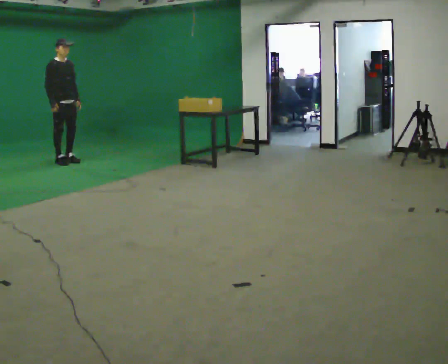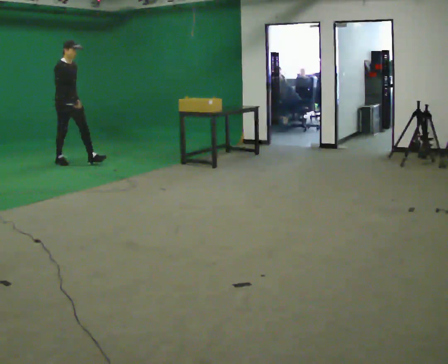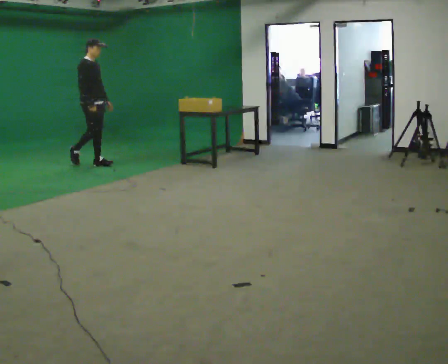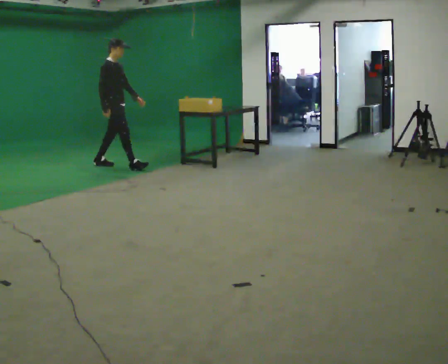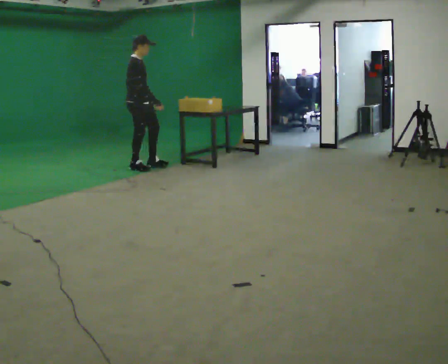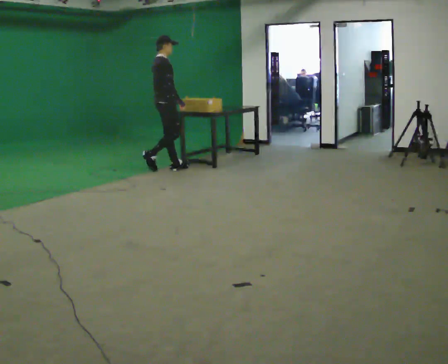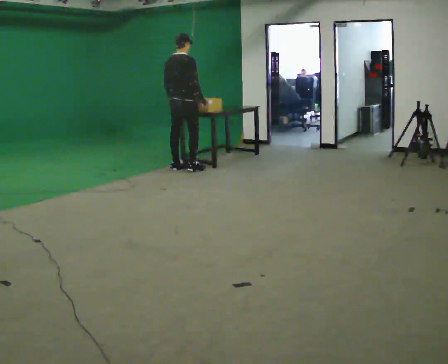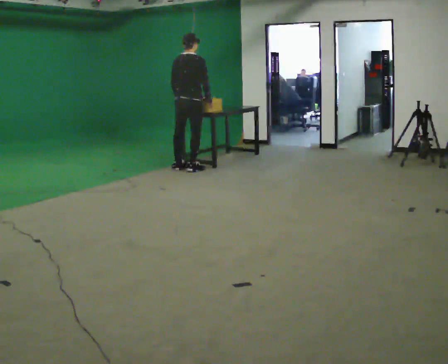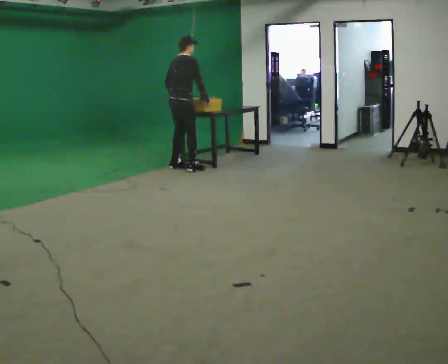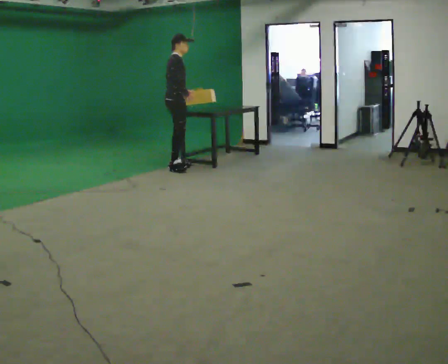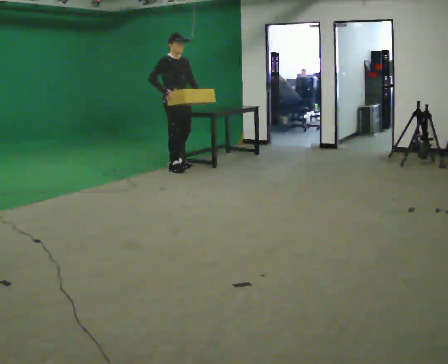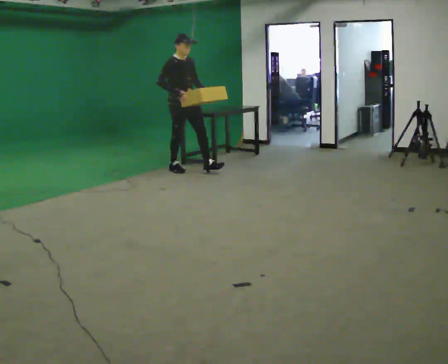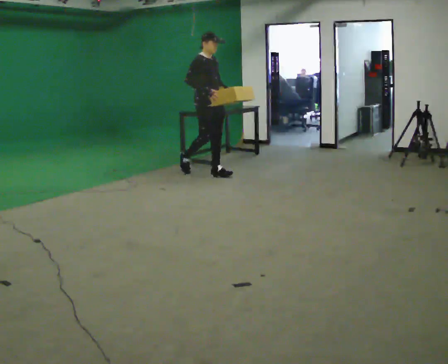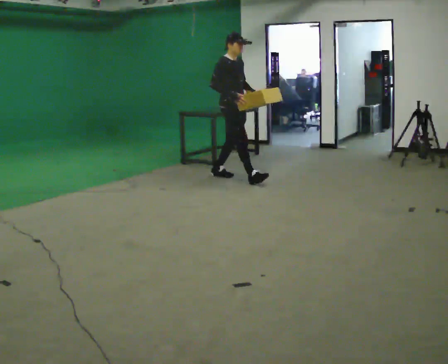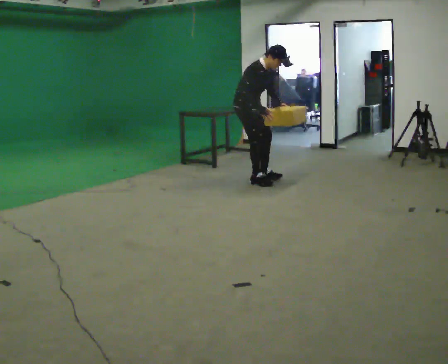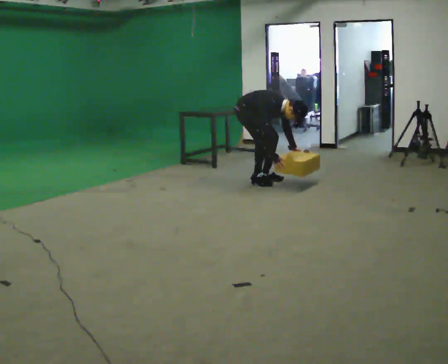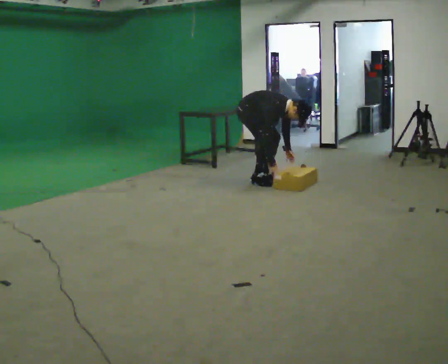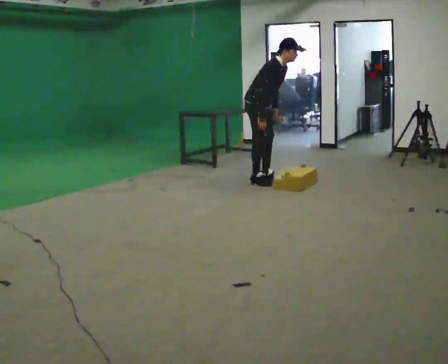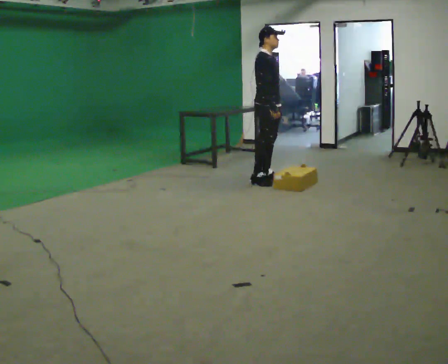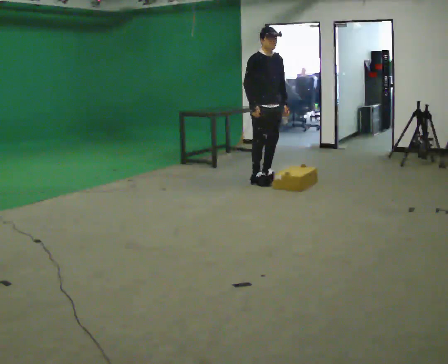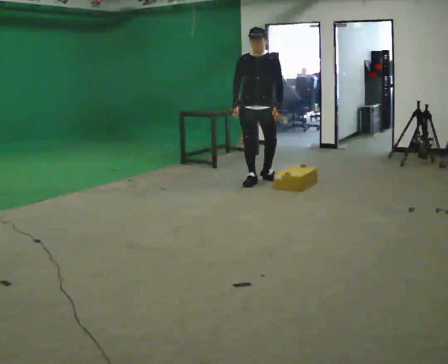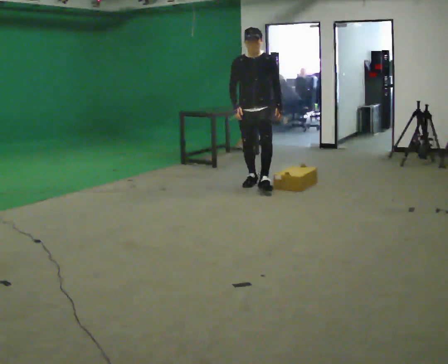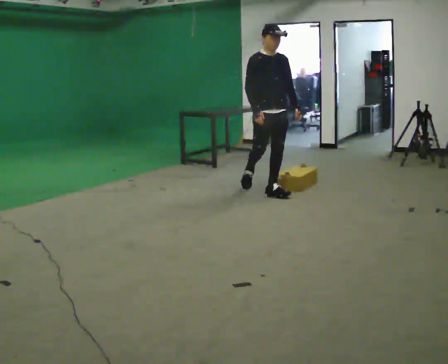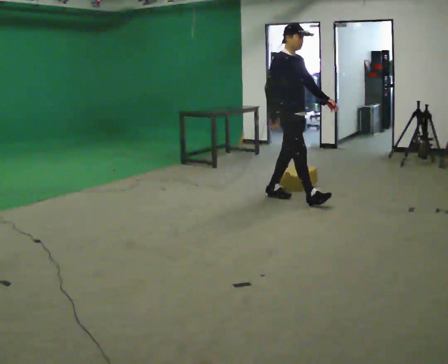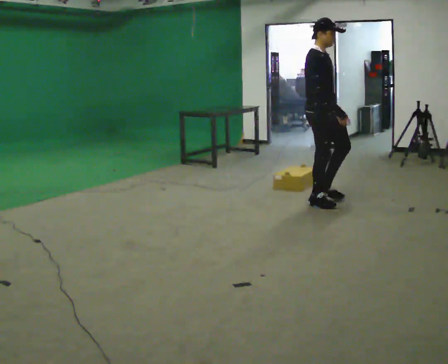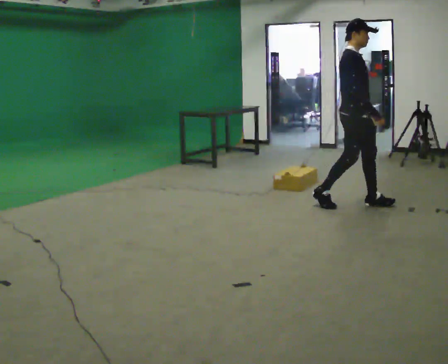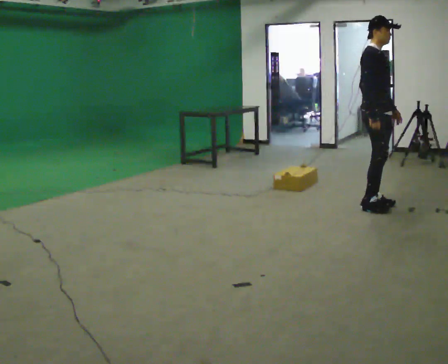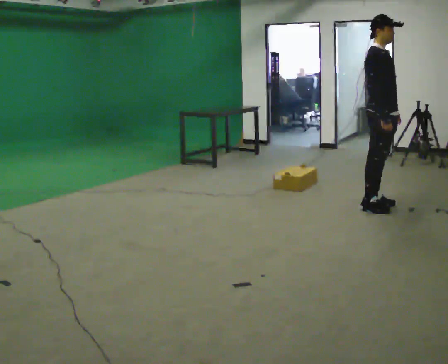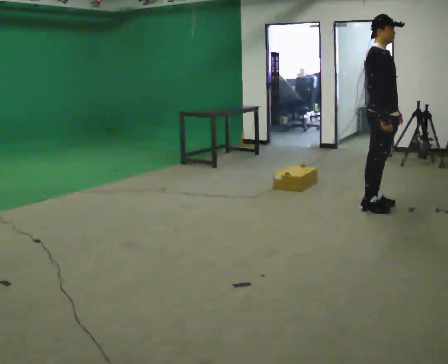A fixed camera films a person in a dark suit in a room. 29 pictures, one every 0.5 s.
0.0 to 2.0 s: The part of the body nearest the lens slides to the right as the person turns to their left by about 30 degrees. In the picture they go to the right, about 1 m in 2 steps, which for them is forward.
2.0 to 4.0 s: The person turns about 45 degrees to their left, counterclockwise seen from above, so the part of the body nearest the lens slides to the right. In the picture they go to the right, about 0.5 m in 2 steps. The upper body tips away from the camera, its near side rolling upward.
4.0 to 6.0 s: Seen from above the body turns clockwise, about 75 degrees: to their right, with its near side sliding to the left. In the picture they go to the right and toward the camera, about 0.5 m in 2 steps.
6.0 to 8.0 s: In the picture they go to the right and toward the camera, about 0.5 m in 2 steps, which for them is forward. The shoulders move downward. In the picture the upper body tilts clockwise, shoulders to the right, as they bend forward. In the picture their right hand goes downward.
8.0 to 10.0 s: The part of the body nearest the lens slides to the left as the person turns to their right by about 60 degrees. The shoulders move upward. In the picture the upper body tilts counterclockwise, shoulders to the left, as they lean back or straighten. In the picture their left hand goes upward.
10.0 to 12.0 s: The person turns about 60 degrees to their left, counterclockwise seen from above, so the part of the body nearest the lens slides to the right. In the picture they go toward the camera and to the right, about 1 m in 2 steps.
12.0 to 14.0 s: In the picture they go to the right, about 0.5 m in 2 steps, which for them is forward.
The film runs forward here.
